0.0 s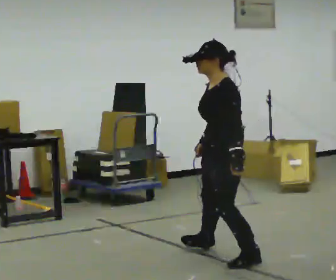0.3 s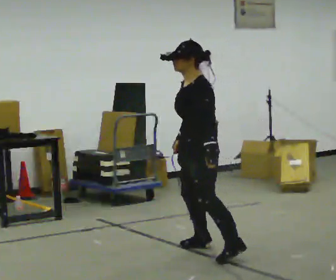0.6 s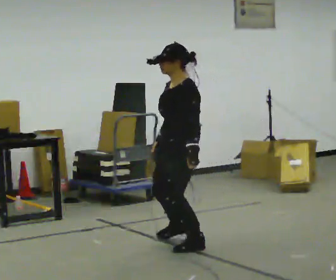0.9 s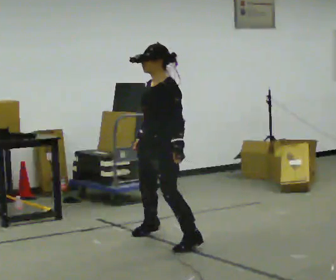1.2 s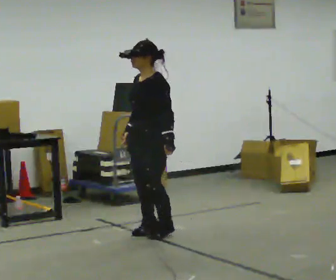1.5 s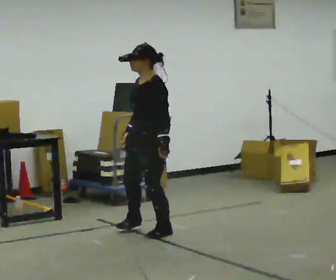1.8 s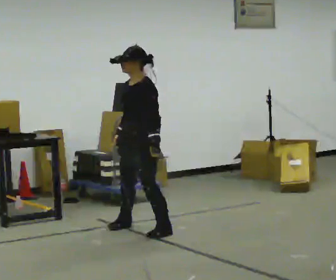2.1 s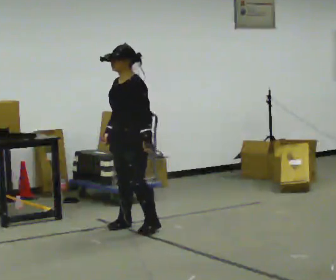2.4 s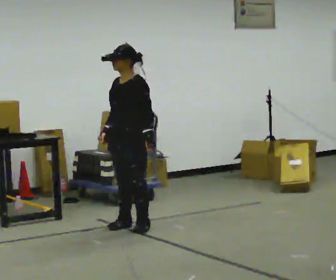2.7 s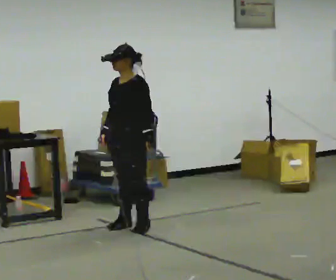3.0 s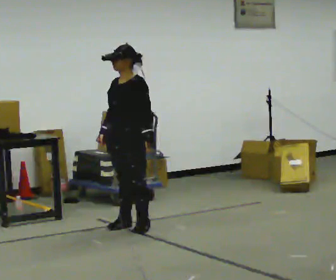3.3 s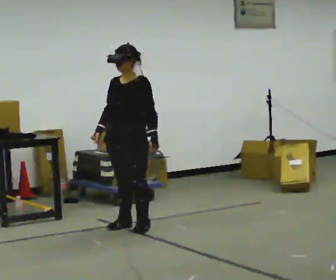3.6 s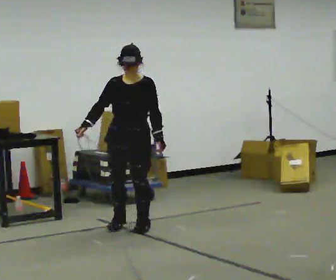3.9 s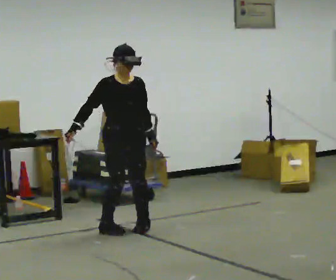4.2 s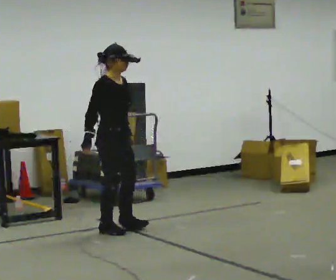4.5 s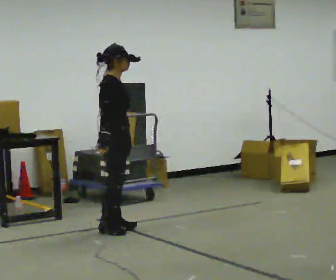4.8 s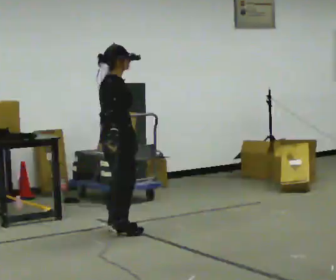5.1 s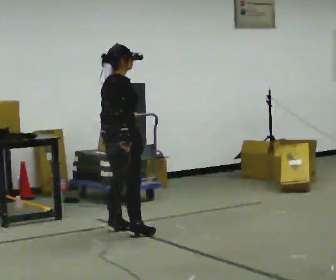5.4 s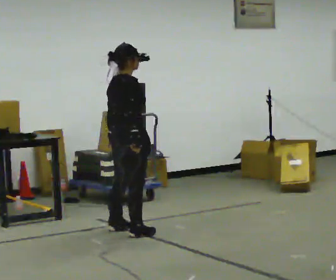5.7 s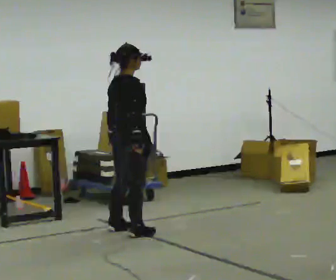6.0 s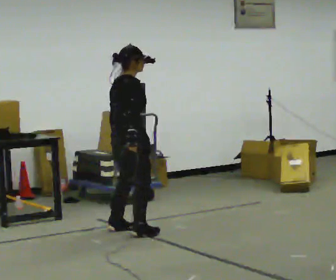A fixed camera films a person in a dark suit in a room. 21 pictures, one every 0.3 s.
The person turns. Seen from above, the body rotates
counterclockwise.
The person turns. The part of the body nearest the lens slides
to the right.
0.0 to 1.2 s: In the picture they go away from the camera and to the left, about 1 m in 3 steps, which for them is to their right.
1.2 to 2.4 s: In the picture they go away from the camera and to the left, about 0.25 m in 3 steps, which for them is to their right.
2.4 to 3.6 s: Seen from above the body turns counterclockwise, about 45 degrees: to their left, with its near side sliding to the right.
3.6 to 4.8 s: Seen from above the body turns counterclockwise, about 120 degrees: to their left, with its near side sliding to the right. In the picture their right hand goes to the right, the arm swinging counterclockwise.
4.8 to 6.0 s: The person moves a little, or ends about where they began.
The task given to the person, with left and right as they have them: Shuffle sideways quickly in the direction the operator calls, without crossing your feet.
The film runs forward here.
